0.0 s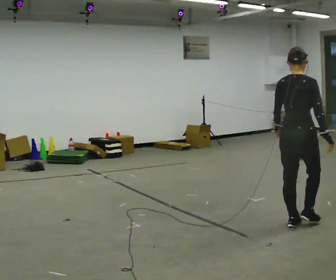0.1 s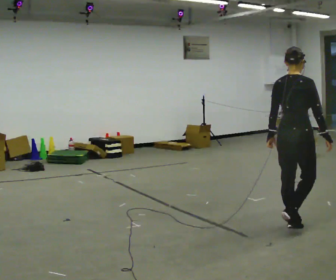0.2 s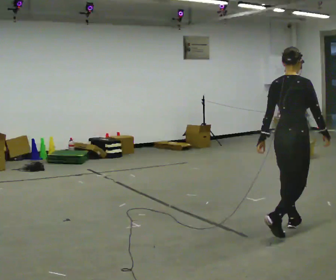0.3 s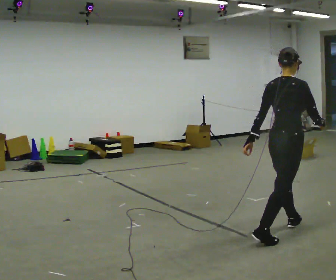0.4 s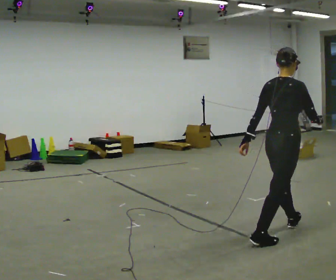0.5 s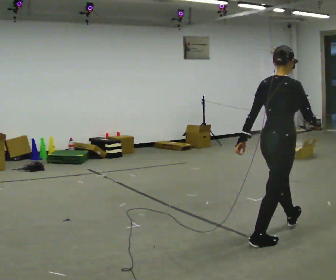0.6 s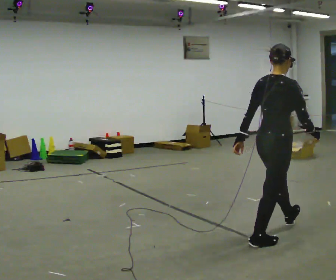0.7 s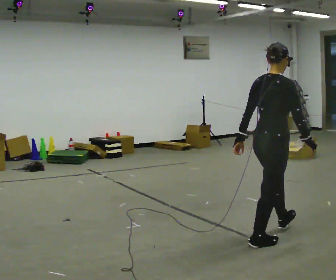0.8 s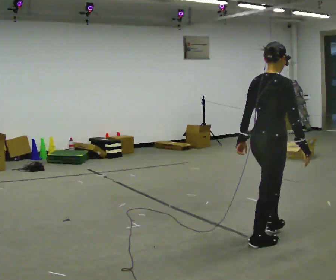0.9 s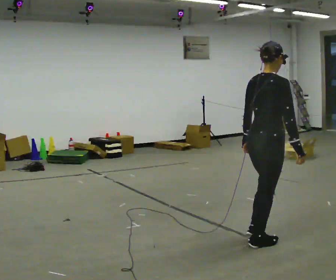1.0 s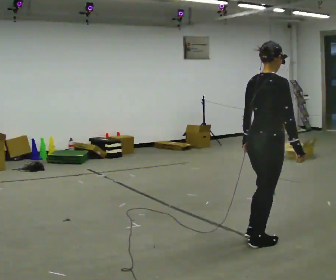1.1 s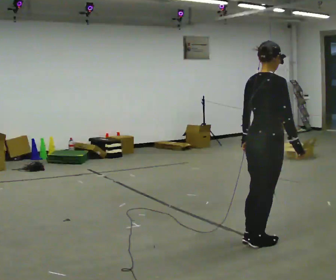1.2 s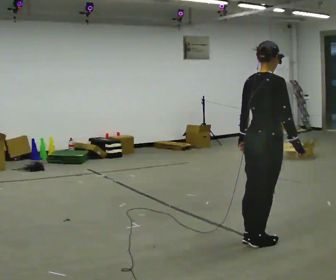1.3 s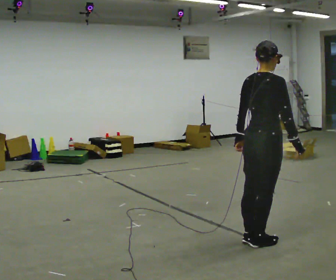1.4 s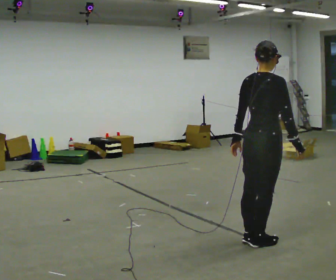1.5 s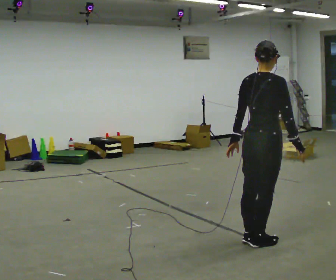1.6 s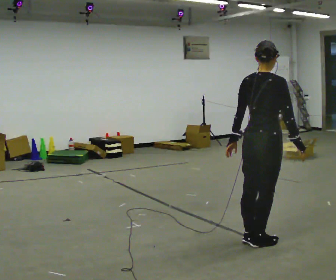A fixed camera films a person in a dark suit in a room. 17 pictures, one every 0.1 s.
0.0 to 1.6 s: In the picture they go toward the camera and to the left, about 0.5 m in 1 step, which for them is backward.
The film runs backward here.
